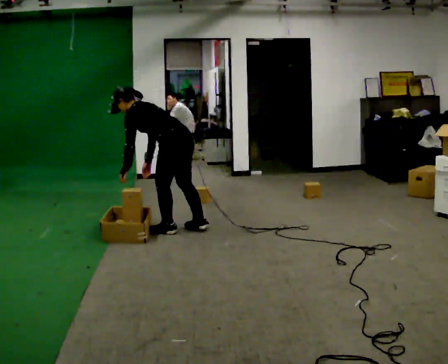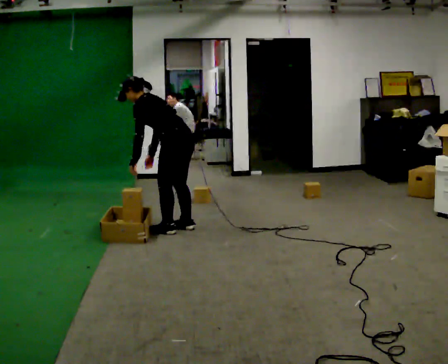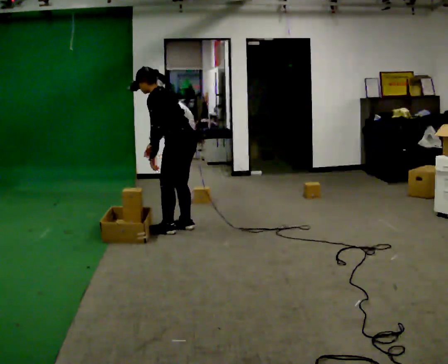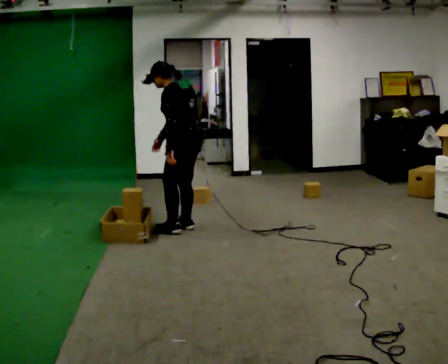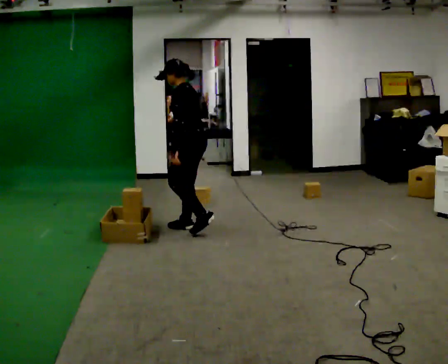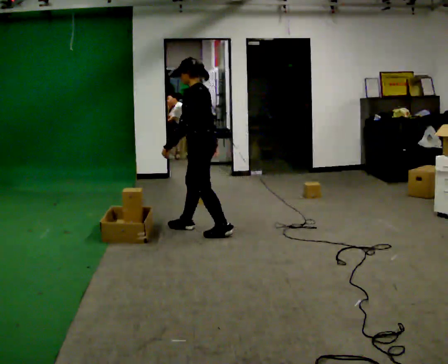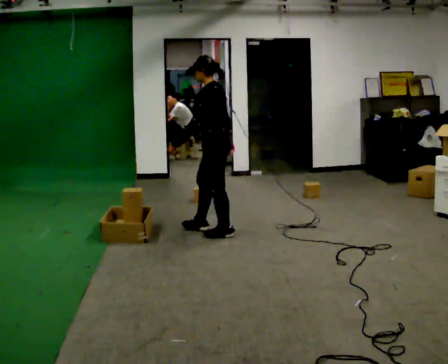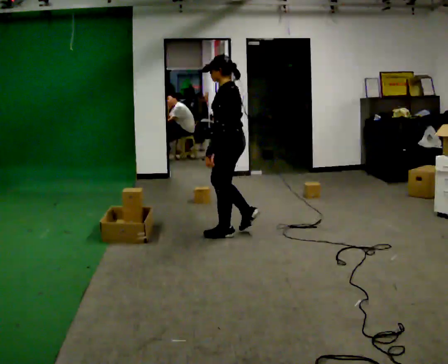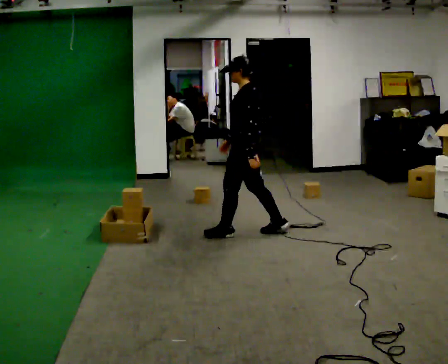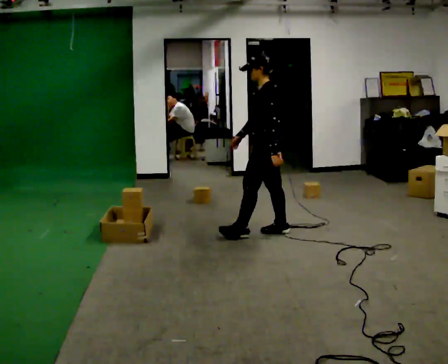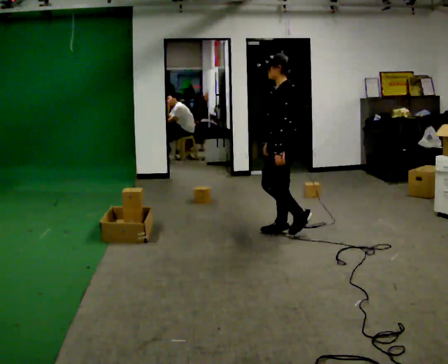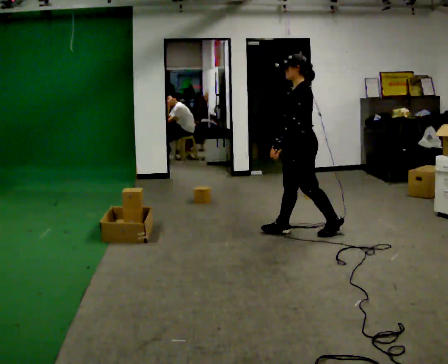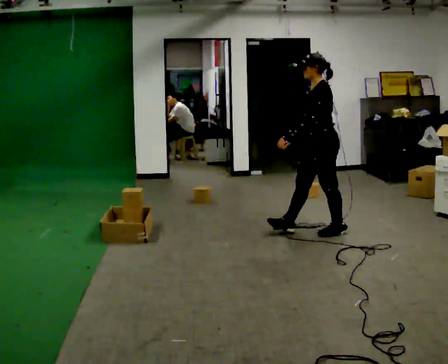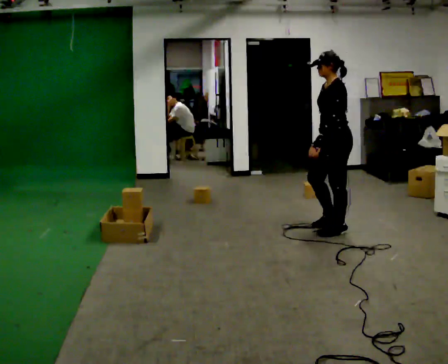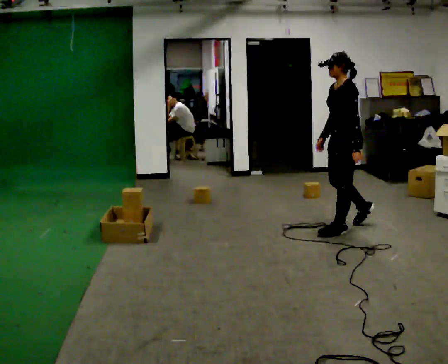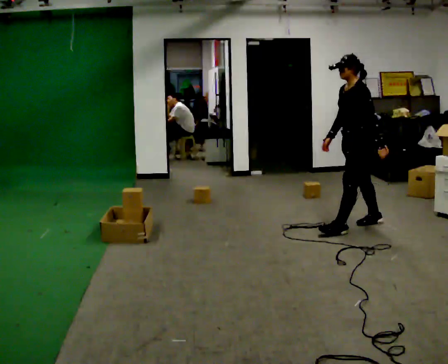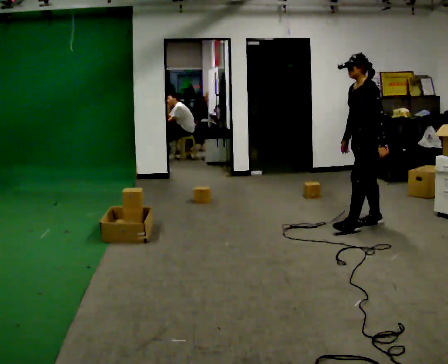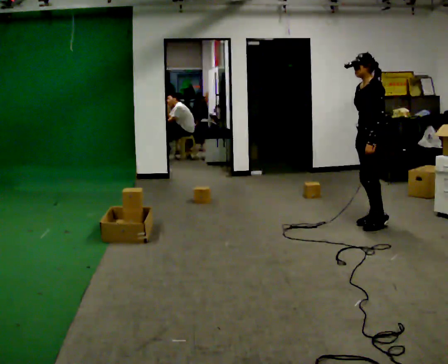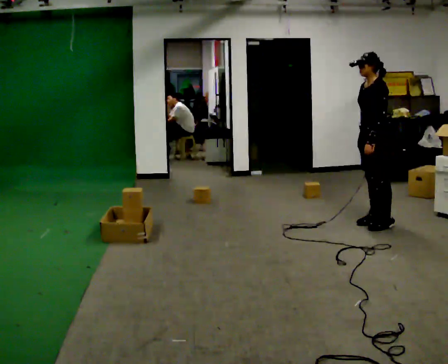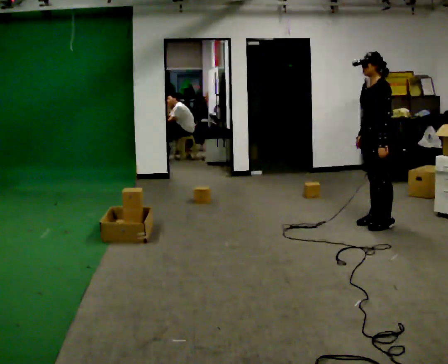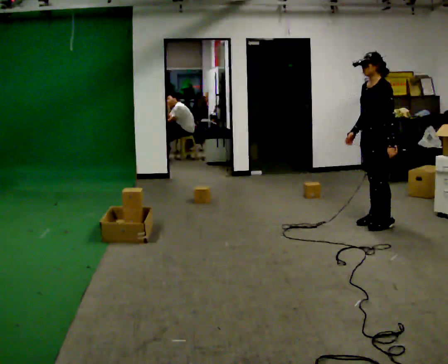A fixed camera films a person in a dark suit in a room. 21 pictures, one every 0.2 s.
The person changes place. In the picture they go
to the right.
The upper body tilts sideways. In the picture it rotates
clockwise.
0.0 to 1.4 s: In the picture they go to the right, about 0.5 m in 2 steps, which for them is backward. The shoulders move upward. In the picture the upper body tilts clockwise, shoulders to the right, as they lean back or straighten.
1.4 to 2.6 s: In the picture they go to the right, about 1 m in 2 steps, which for them is backward.
2.6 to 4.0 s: In the picture they go to the right and away from the camera, about 0.5 m in 1 step, which for them is backward.
The film runs backward here.
